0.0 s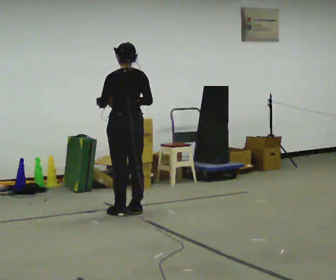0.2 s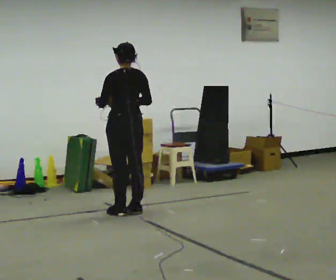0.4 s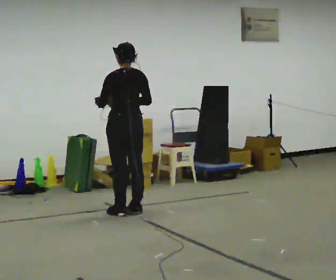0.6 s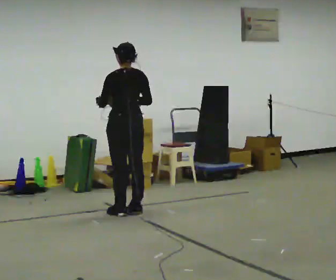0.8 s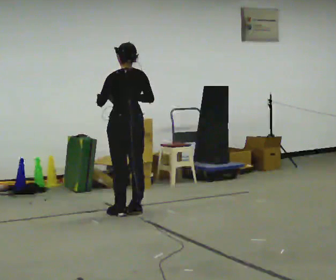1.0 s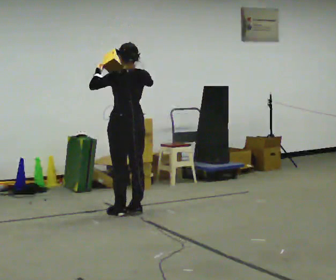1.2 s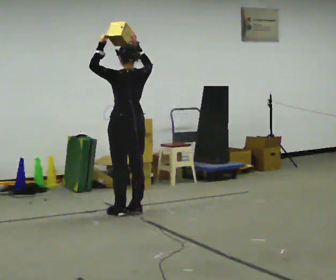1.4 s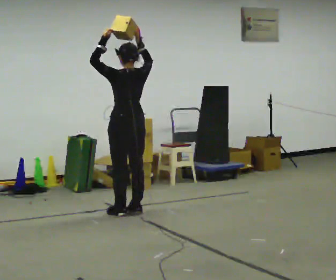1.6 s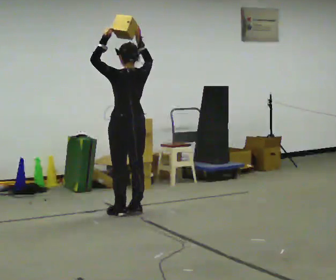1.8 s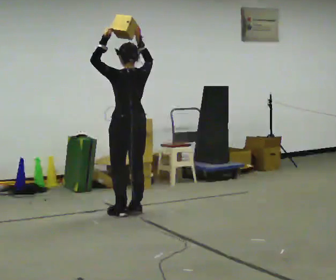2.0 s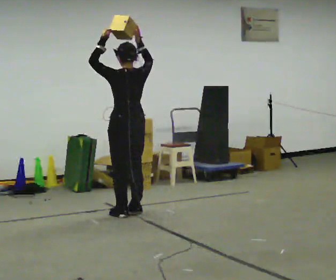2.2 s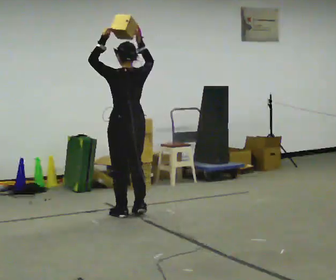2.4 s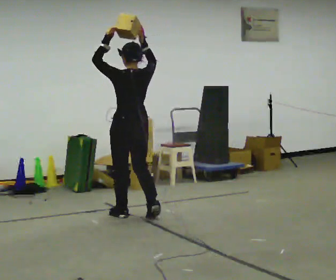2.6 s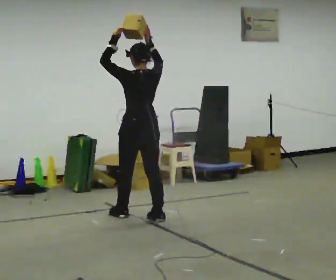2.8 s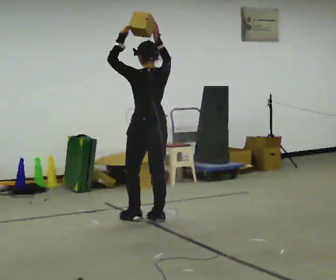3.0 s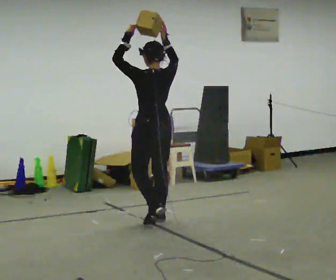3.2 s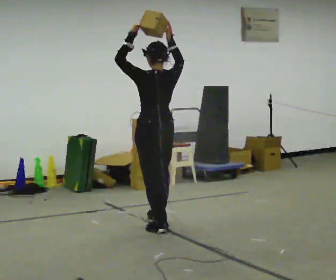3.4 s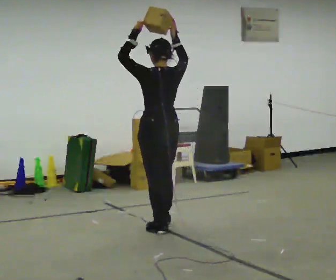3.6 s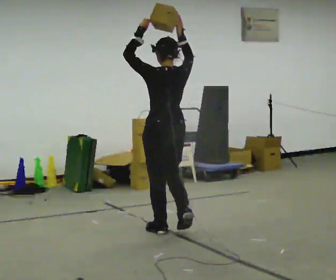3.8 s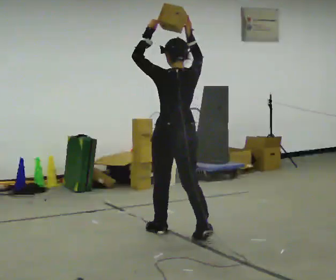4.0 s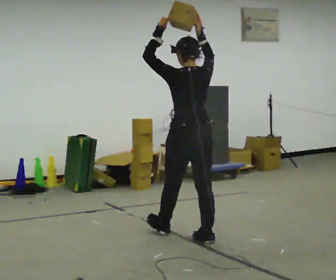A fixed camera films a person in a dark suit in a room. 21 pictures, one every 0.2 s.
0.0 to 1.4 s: In the picture their left hand goes upward, the arm swinging clockwise.
1.4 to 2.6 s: In the picture they go toward the camera, about 0.25 m in 1 step, which for them is backward.
2.6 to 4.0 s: In the picture they go toward the camera and to the right, about 1 m in 3 steps, which for them is backward.
The film runs backward here.
